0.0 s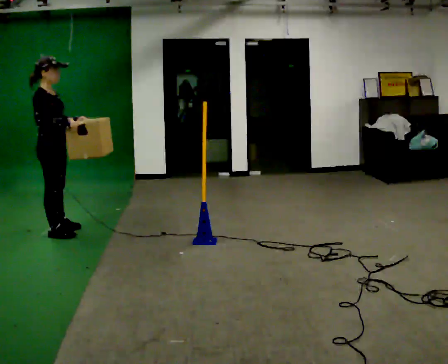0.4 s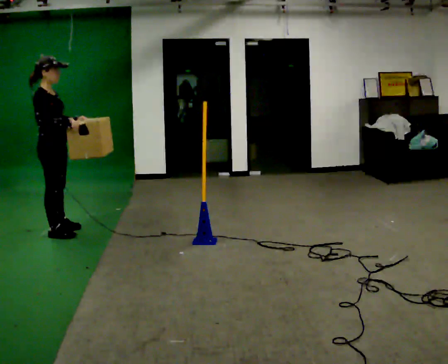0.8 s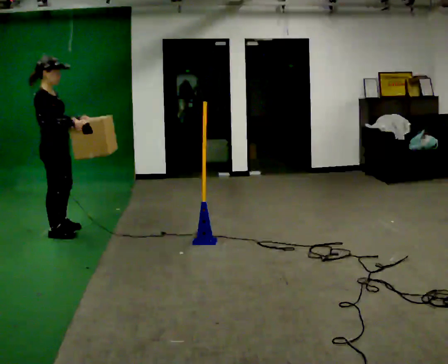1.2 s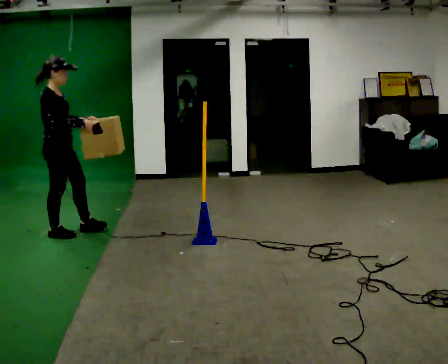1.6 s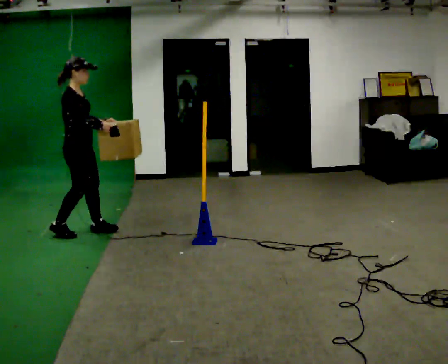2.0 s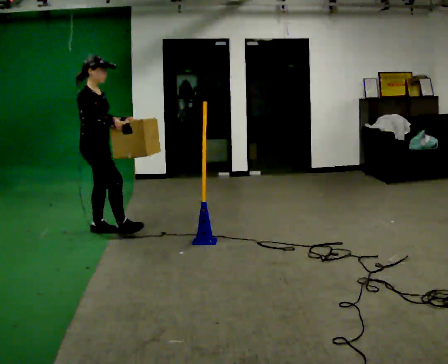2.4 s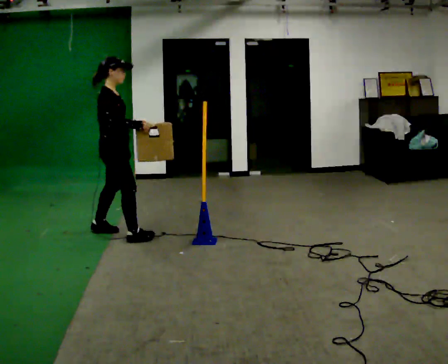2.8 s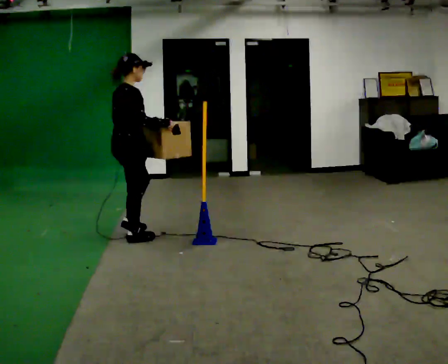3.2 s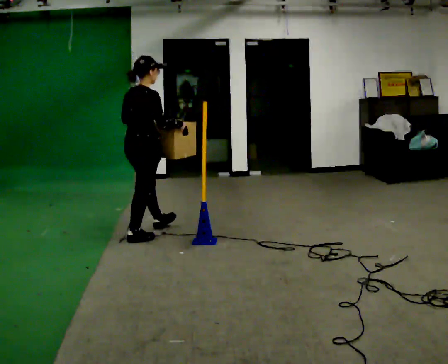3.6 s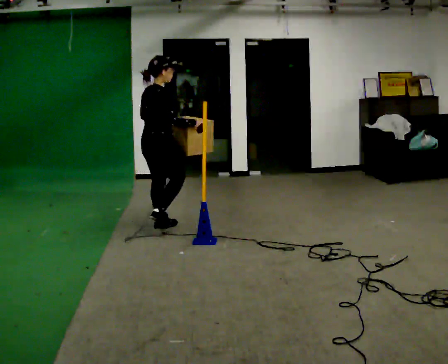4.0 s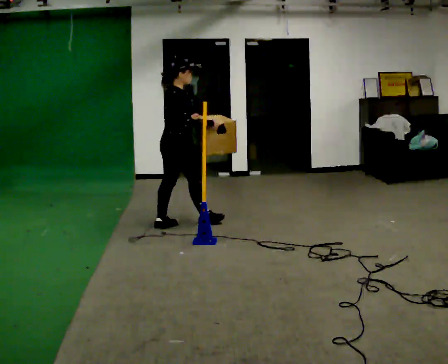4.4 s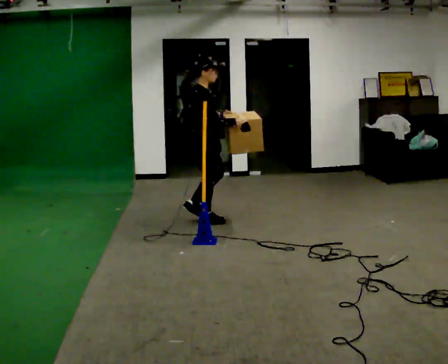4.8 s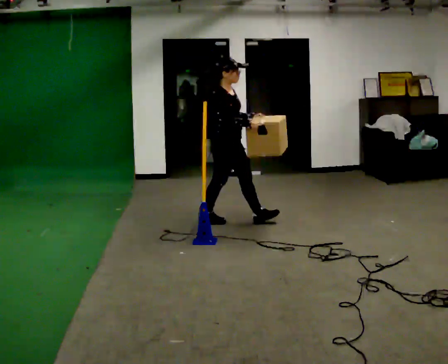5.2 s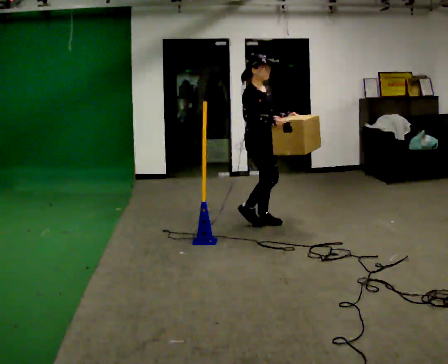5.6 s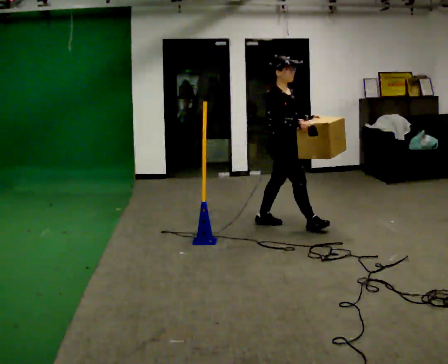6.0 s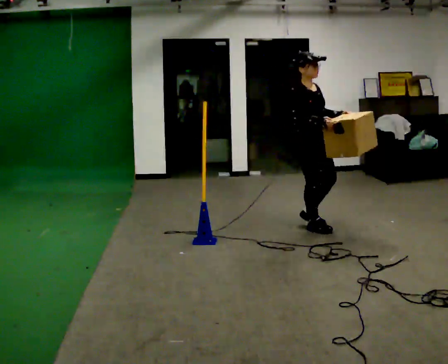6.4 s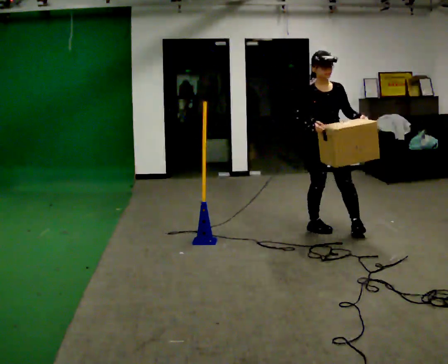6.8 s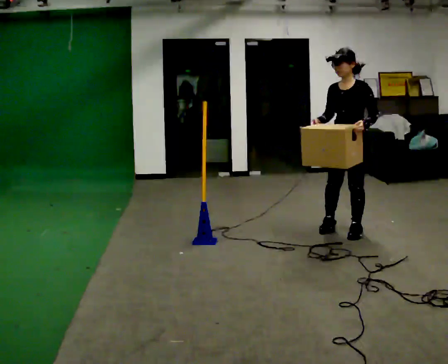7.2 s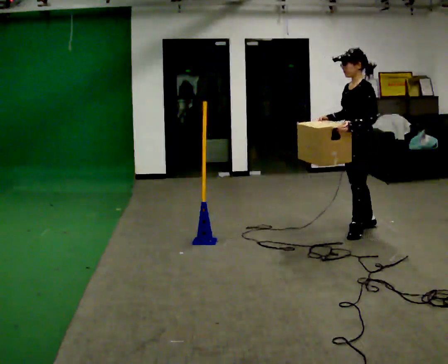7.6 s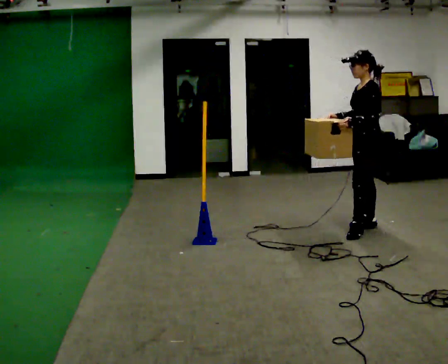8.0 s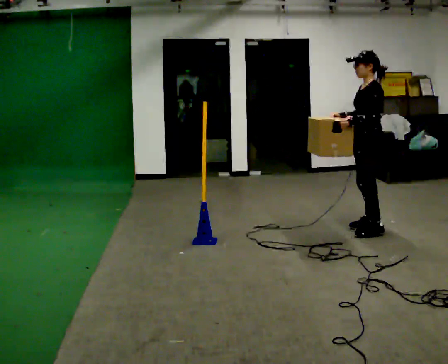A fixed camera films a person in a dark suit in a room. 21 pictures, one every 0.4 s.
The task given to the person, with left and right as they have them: Carry the box across the room. The operator will step into your path partway across, so go around them and carry on. Keep going until the operator says stop; one object at a time, and do not rush between trips.
0.0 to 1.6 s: In the picture they go to the right, about 0.25 m in 1 step, which for them is forward.
1.6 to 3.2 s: The part of the body nearest the lens slides to the right as the person turns to their left by about 45 degrees. In the picture they go to the right, about 0.5 m in 2 steps, which for them is forward.
3.2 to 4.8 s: The part of the body nearest the lens slides to the left as the person turns to their right by about 75 degrees. In the picture they go to the right, about 1 m in 2 steps.
4.8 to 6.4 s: The part of the body nearest the lens slides to the left as the person turns to their right by about 60 degrees. In the picture they go to the right and toward the camera, about 1 m in 2 steps.
6.4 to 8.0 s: The person turns about 90 degrees to their right, clockwise seen from above, so the part of the body nearest the lens slides to the left. In the picture they go to the right, about 0.5 m in 1 step.
The film runs forward here.
